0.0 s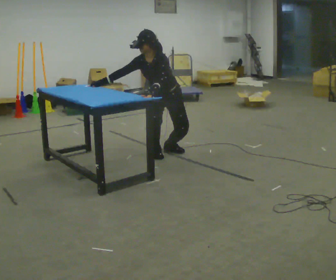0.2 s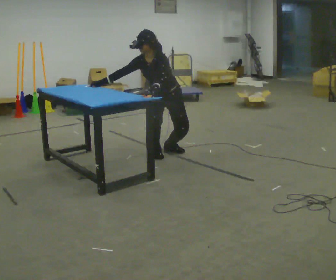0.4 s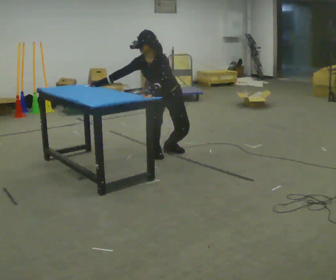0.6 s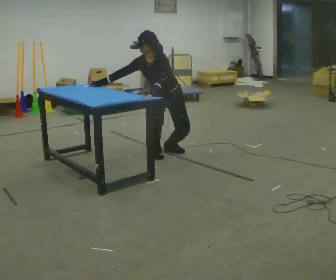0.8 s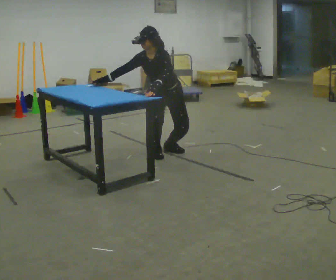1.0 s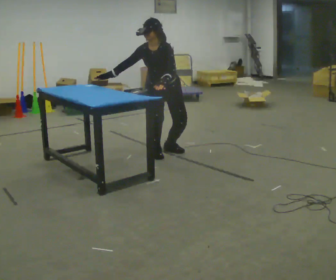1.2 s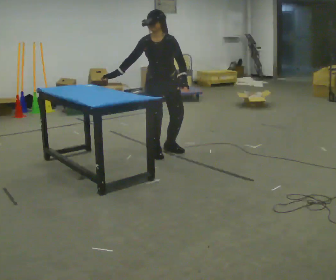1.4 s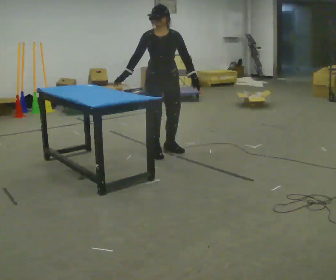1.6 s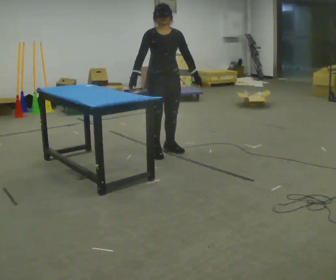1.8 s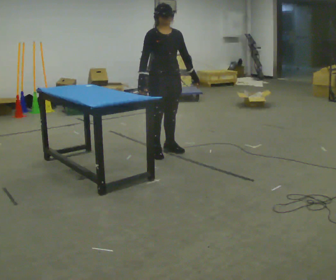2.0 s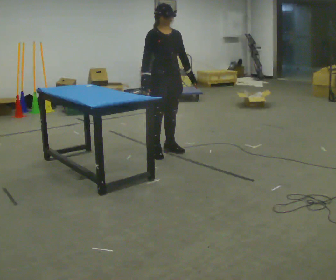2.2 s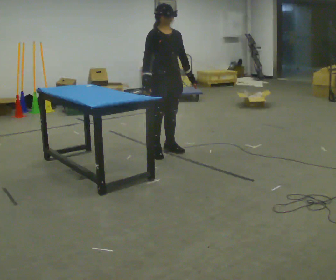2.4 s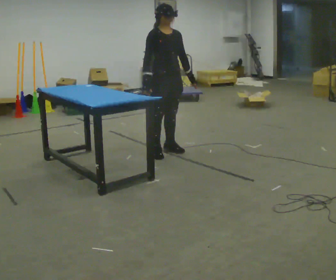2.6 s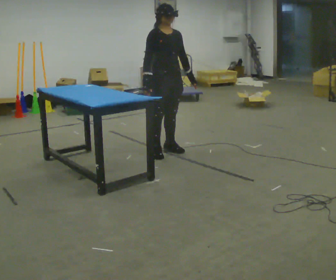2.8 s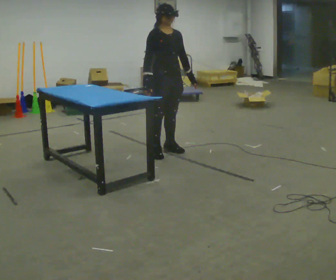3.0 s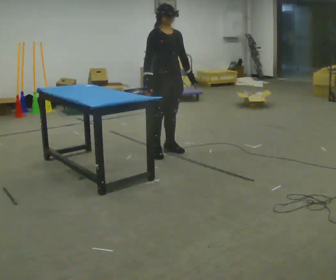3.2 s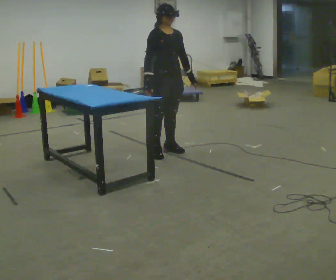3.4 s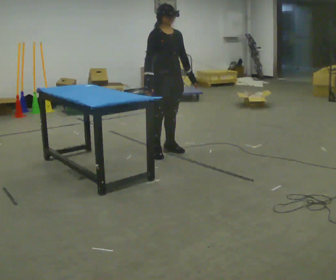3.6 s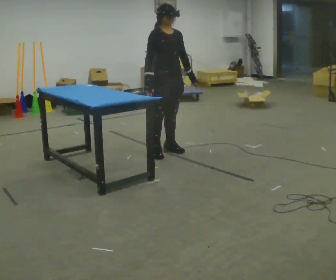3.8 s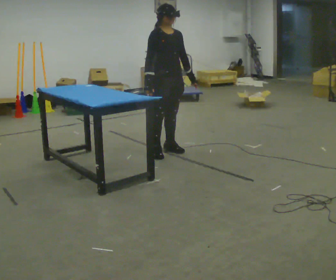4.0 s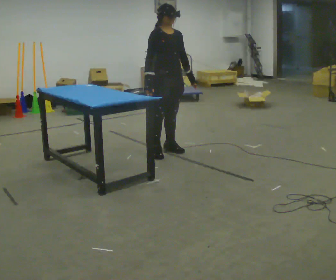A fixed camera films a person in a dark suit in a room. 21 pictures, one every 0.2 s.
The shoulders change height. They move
upward.
The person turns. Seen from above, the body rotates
counterclockwise.
0.0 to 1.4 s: The upper body goes upward. In the picture the upper body tilts clockwise, shoulders to the right, as they lean back or straighten. In the picture their left hand goes to the right.
1.4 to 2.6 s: Seen from above the body turns counterclockwise, about 45 degrees: to their left, with its near side sliding to the right.
2.6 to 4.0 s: The person moves a little, or ends about where they began.
The film runs backward here.
